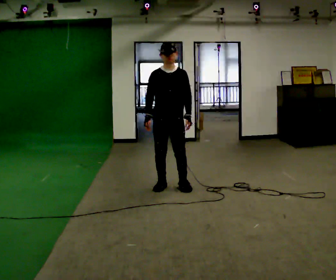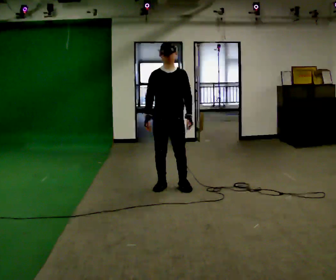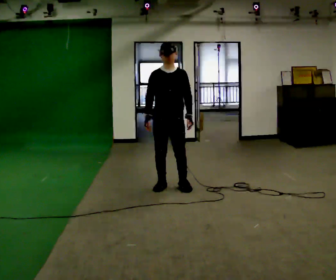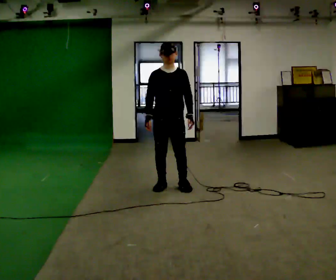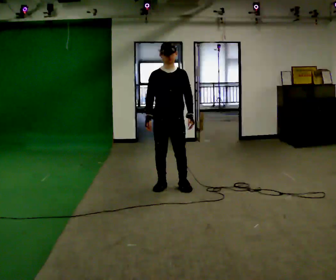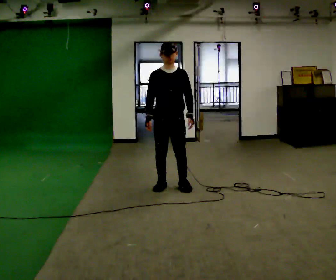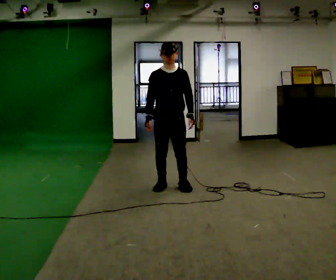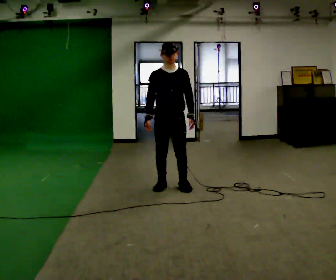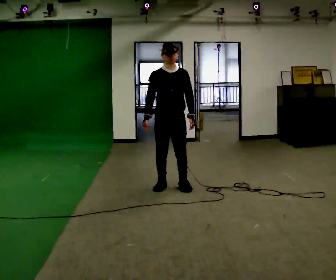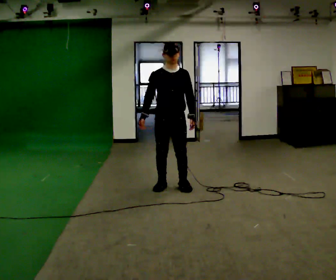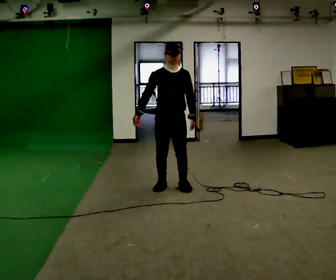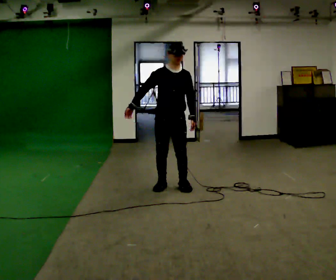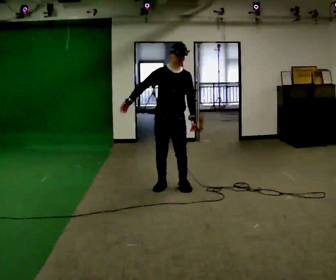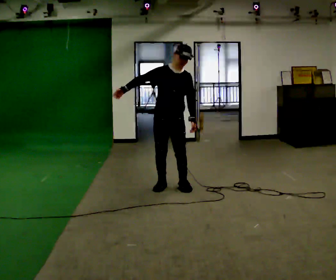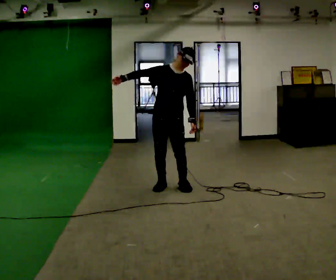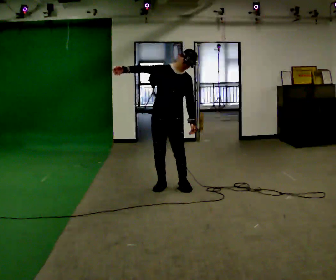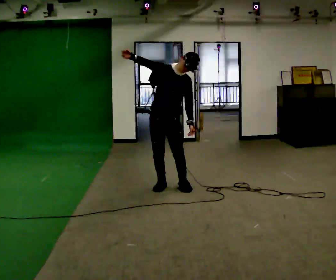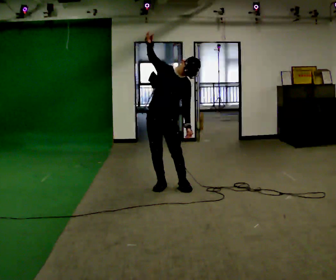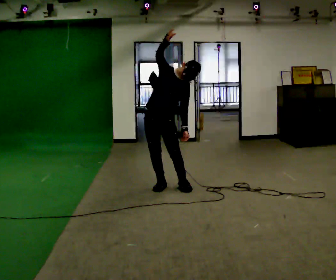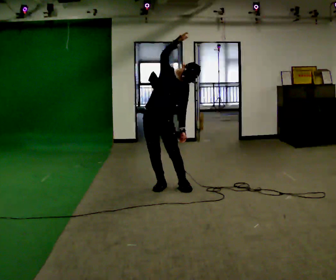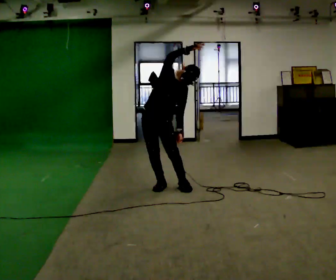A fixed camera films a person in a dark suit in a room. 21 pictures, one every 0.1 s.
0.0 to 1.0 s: The person moves a little, or ends about where they began.
1.0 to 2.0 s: In the picture they go to the left, about 0.25 m, which for them is to their right. In the picture the upper body tilts clockwise, shoulders to the right. In the picture their right hand goes upward and to the right, the arm swinging clockwise.
The film runs forward here.
